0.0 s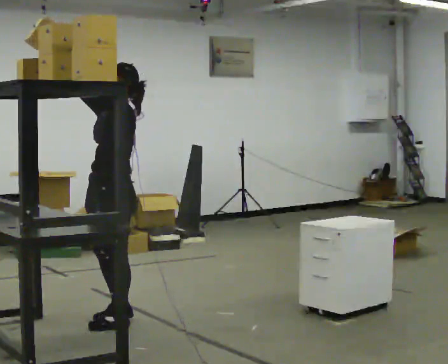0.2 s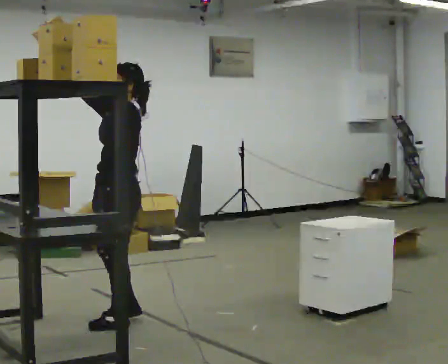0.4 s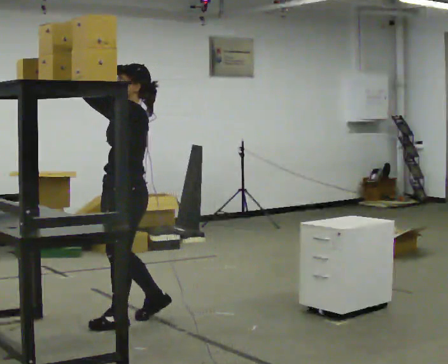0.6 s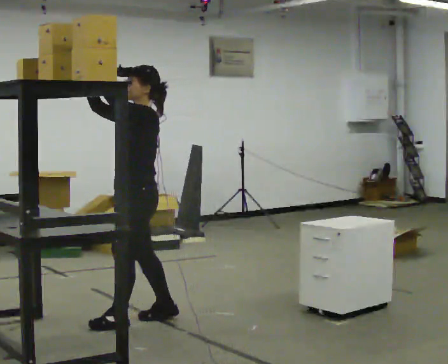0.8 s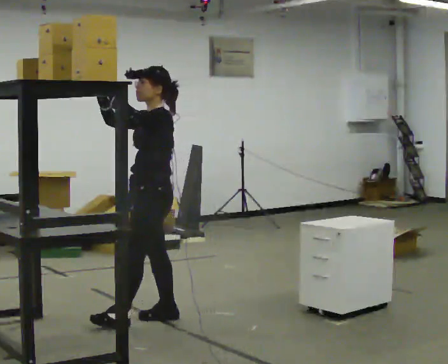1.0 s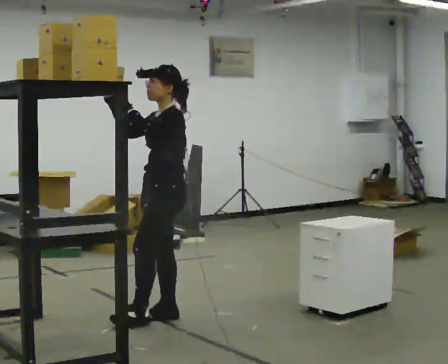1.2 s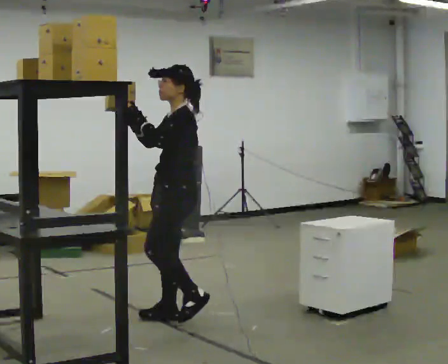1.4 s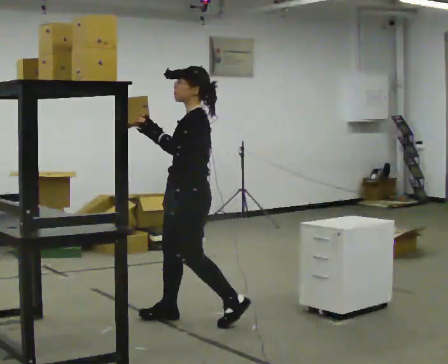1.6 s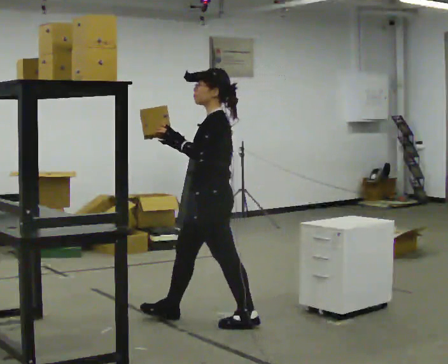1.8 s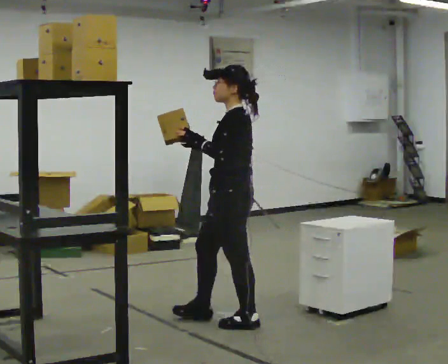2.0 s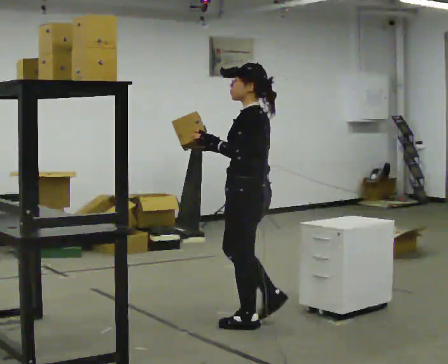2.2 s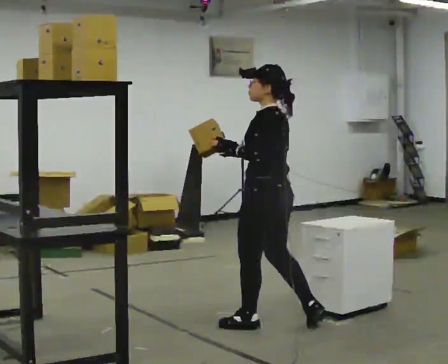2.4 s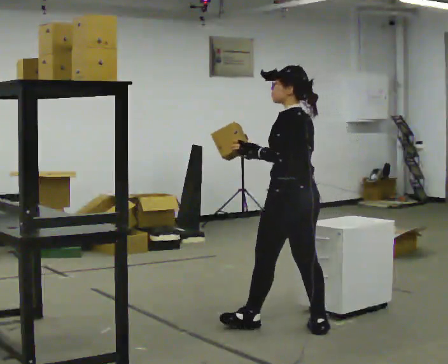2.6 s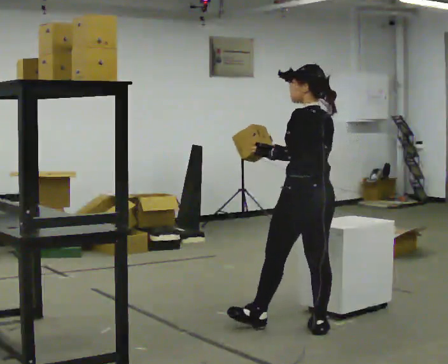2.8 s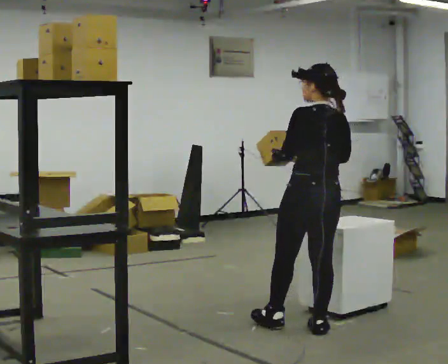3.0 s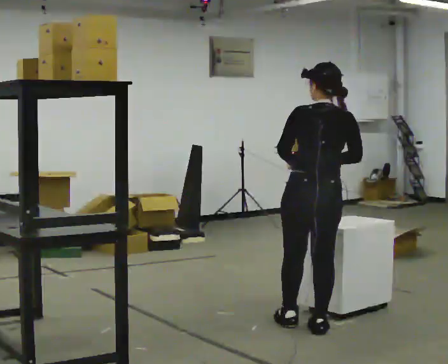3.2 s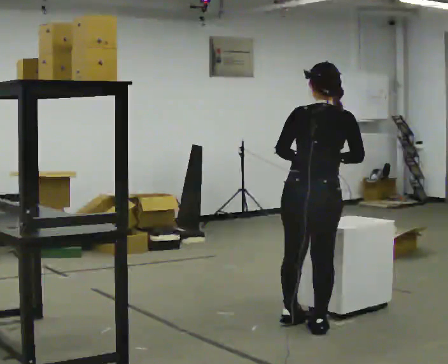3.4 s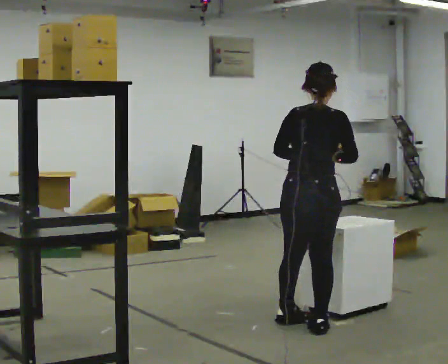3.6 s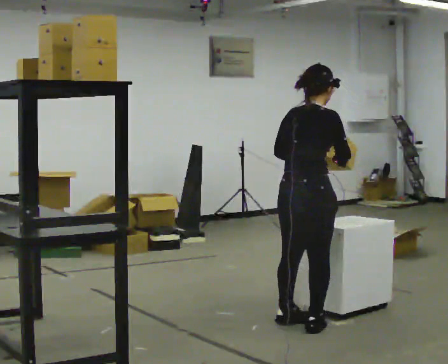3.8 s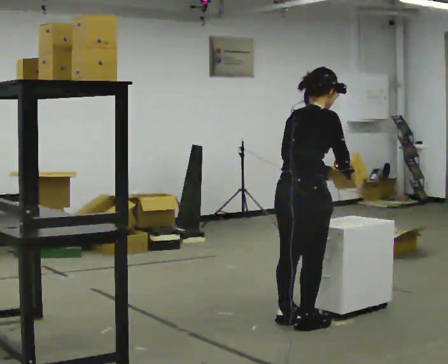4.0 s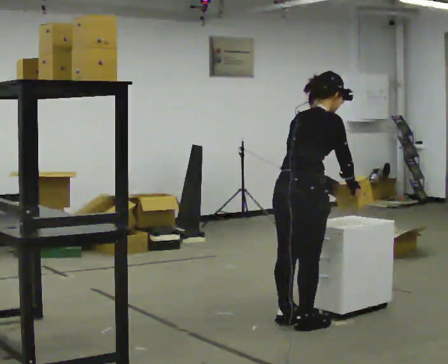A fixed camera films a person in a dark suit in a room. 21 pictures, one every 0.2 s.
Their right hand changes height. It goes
downward.
The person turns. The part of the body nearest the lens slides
to the left.
0.0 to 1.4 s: In the picture they go to the right, about 0.5 m in 2 steps, which for them is backward. In the picture their right hand goes downward.
1.4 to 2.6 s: The part of the body nearest the lens slides to the left as the person turns to their right by about 60 degrees. In the picture they go to the right, about 0.5 m in 2 steps, which for them is backward.
2.6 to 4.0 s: Seen from above the body turns clockwise, about 105 degrees: to their right, with its near side sliding to the left. In the picture the upper body tilts clockwise, shoulders to the right, as they bend forward. In the picture their left hand goes to the right.
The film runs backward here.
